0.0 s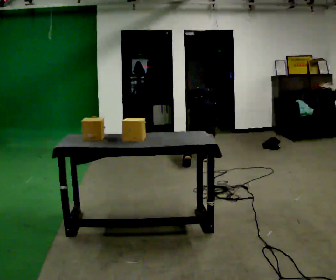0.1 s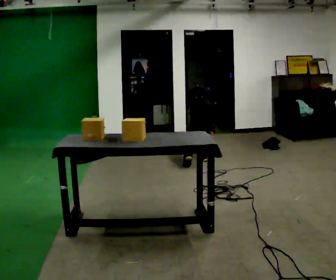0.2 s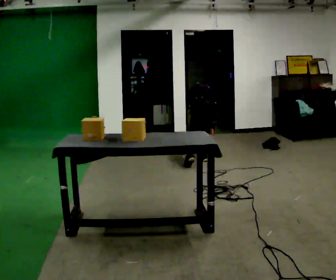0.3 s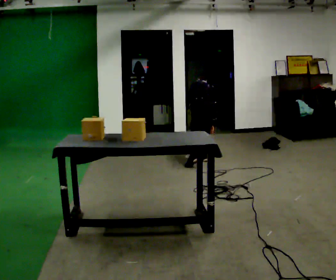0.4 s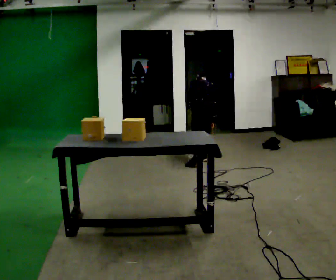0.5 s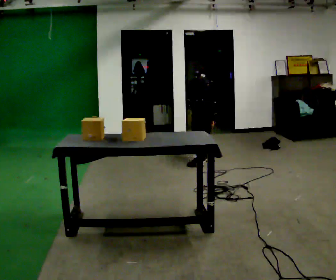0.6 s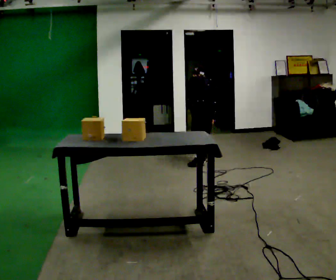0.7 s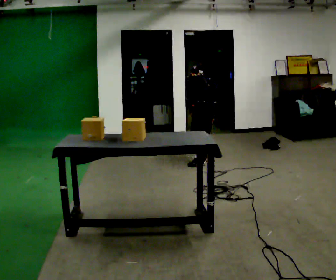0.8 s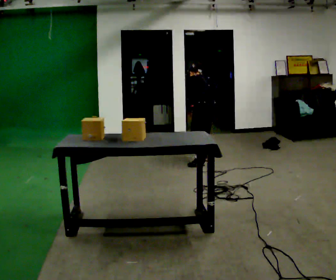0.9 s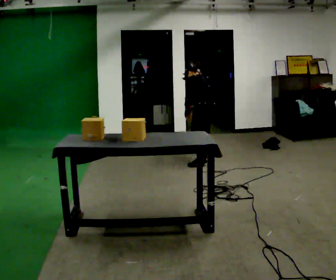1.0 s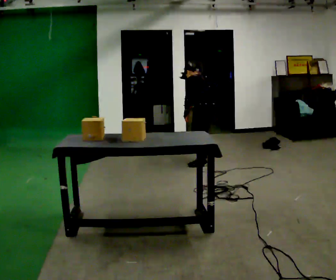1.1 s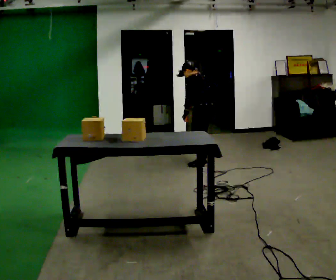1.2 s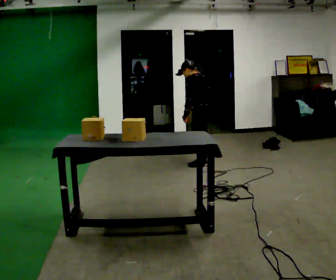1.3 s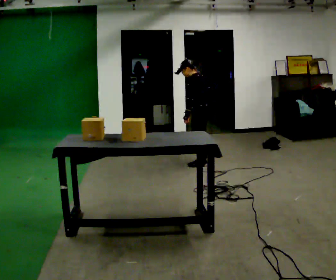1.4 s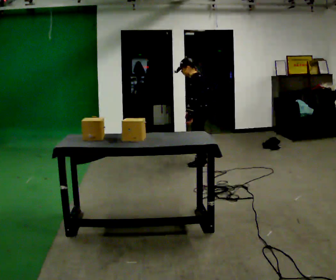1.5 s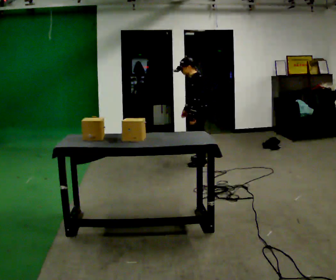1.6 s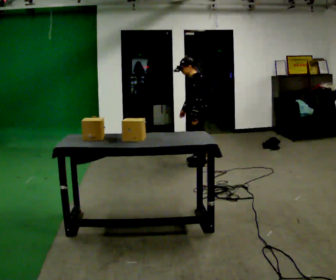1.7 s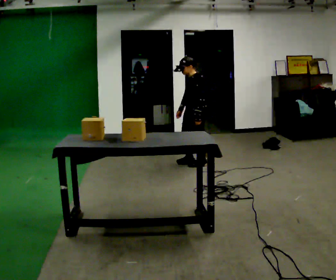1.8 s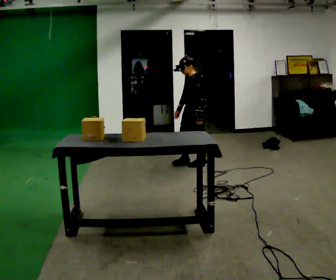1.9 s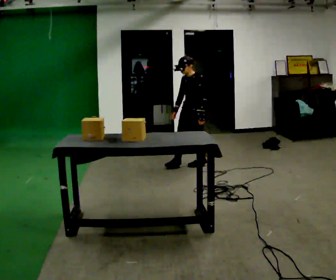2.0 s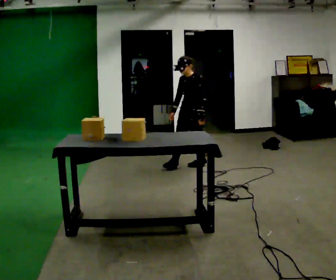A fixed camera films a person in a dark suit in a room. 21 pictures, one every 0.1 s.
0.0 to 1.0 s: The part of the body nearest the lens slides to the right as the person turns to their left by about 30 degrees. The upper body goes upward. The upper body tips toward the camera, its near side rolling downward, as they lean back or straighten.
1.0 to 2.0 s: The part of the body nearest the lens slides to the right as the person turns to their left by about 75 degrees. In the picture they go toward the camera and to the left, about 0.25 m. The upper body tips toward the camera, its near side rolling downward, as they lean back or straighten.
The film runs forward here.
